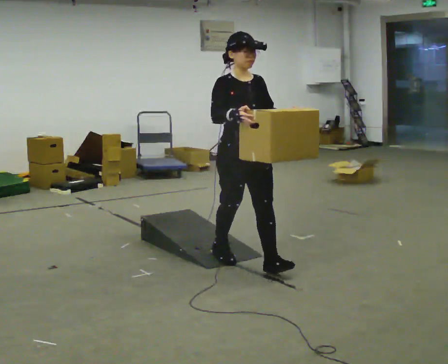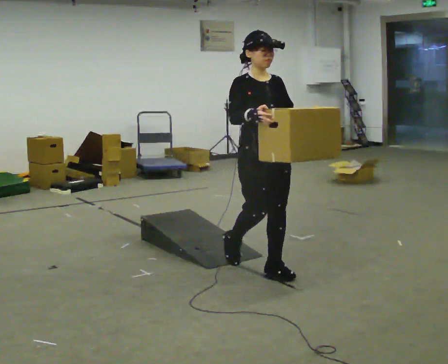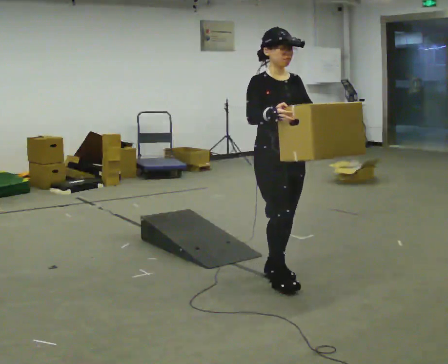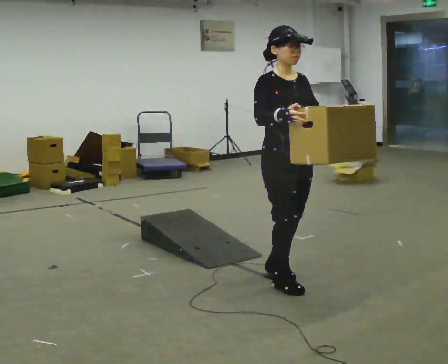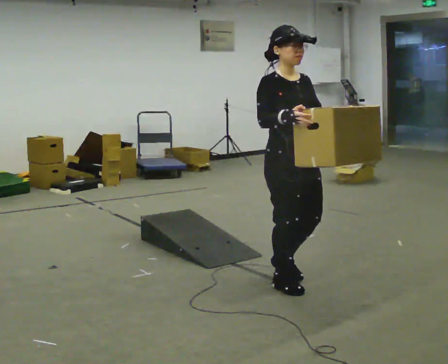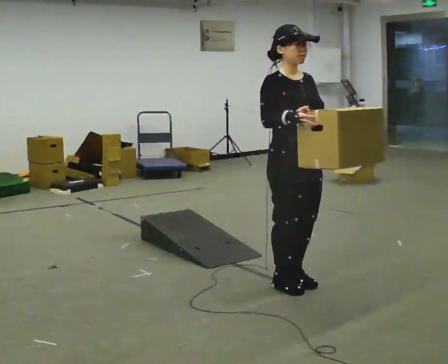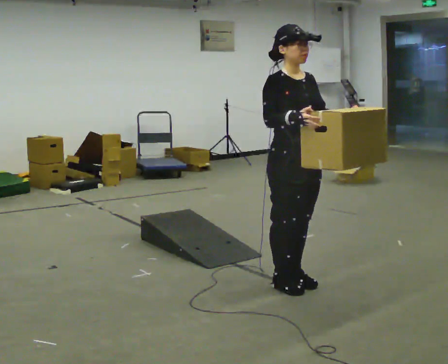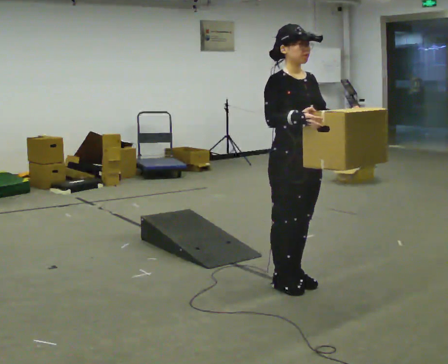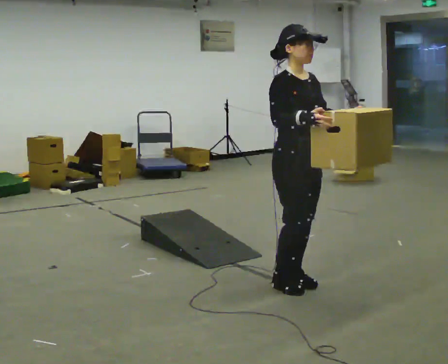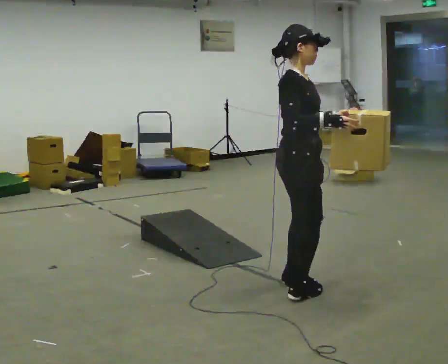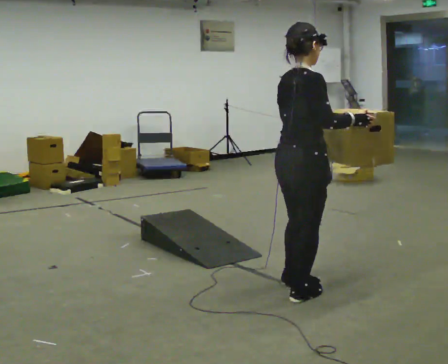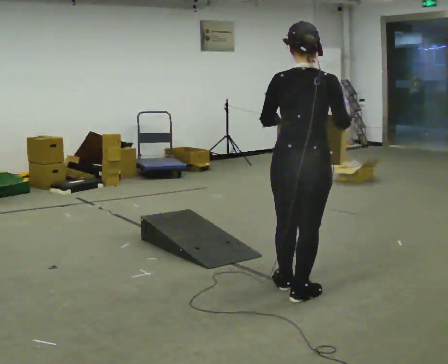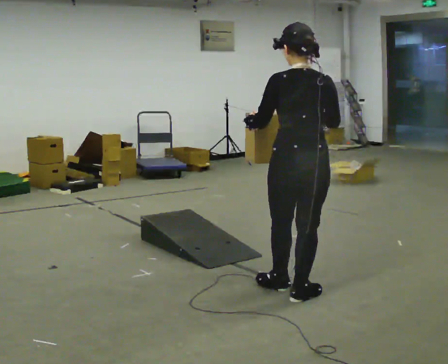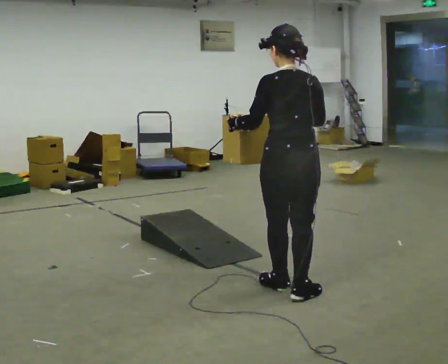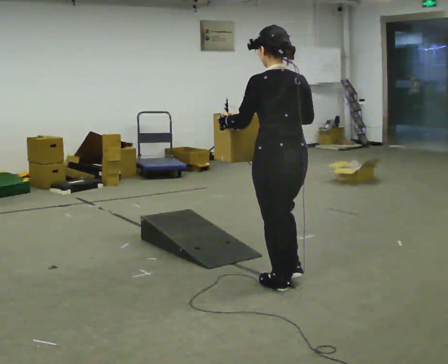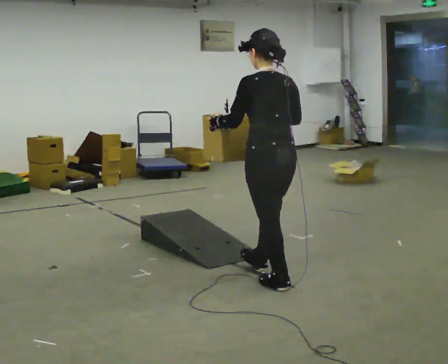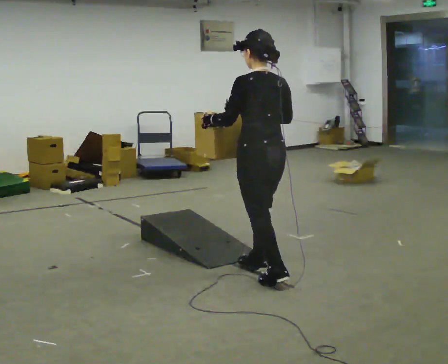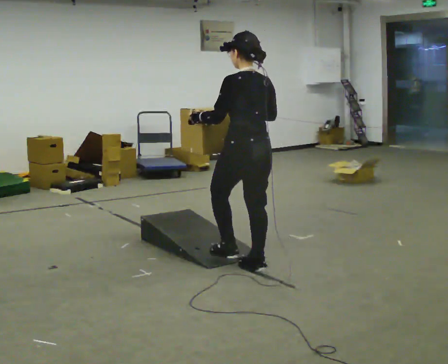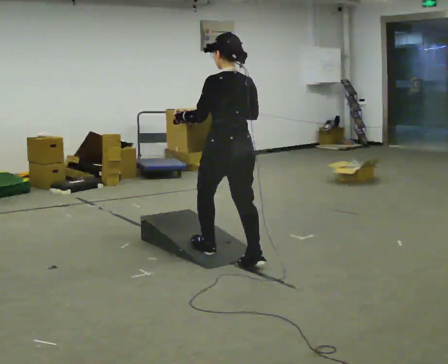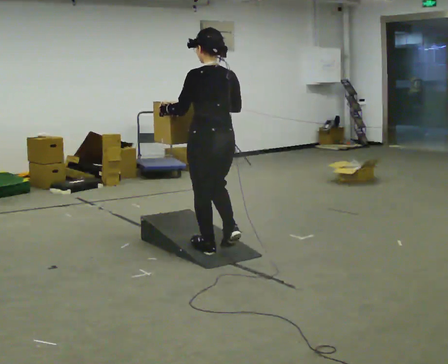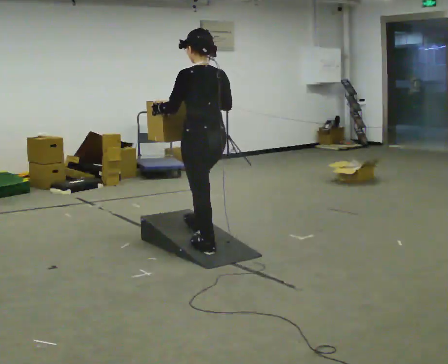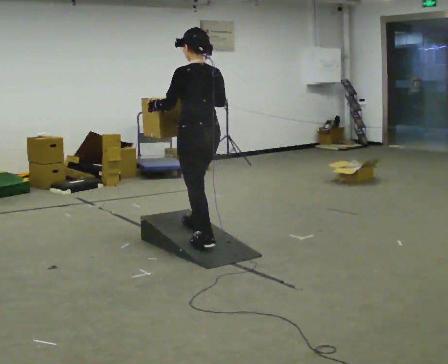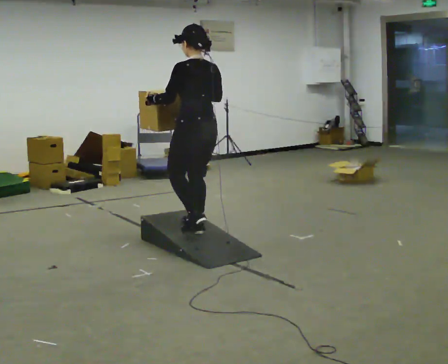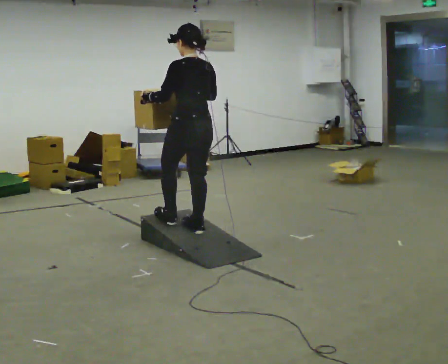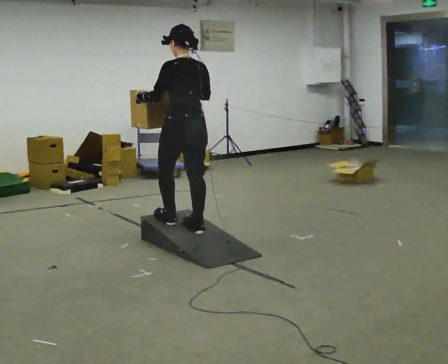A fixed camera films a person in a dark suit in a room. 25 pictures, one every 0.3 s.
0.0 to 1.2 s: In the picture they go toward the camera and to the right, about 0.5 m in 1 step, which for them is forward.
1.2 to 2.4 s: The person moves a little, or ends about where they began.
2.4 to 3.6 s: The part of the body nearest the lens slides to the right as the person turns to their left by about 135 degrees. In the picture they go toward the camera, about 0.25 m in 1 step. In the picture their left hand goes to the left.
3.6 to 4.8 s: The part of the body nearest the lens slides to the right as the person turns to their left by about 30 degrees. In the picture they go away from the camera and to the left, about 0.5 m in 1 step, which for them is forward.
4.8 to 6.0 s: In the picture they go away from the camera and to the left, about 0.5 m in 2 steps, which for them is forward.
6.0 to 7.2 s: In the picture they go away from the camera and to the left, about 0.25 m in 1 step, which for them is forward.
The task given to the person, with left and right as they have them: Carry the box up the ramp, turn at the top, and carry it back down. Keep going until the operator says stop; one object at a time, and do not rush between trips.
The film runs forward here.
